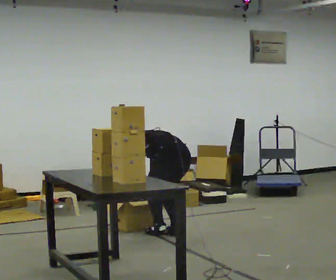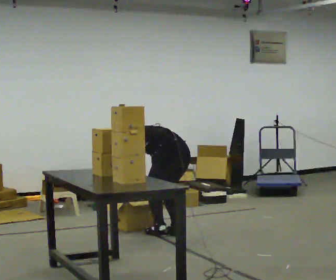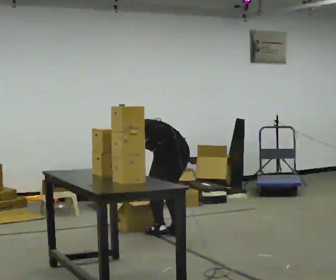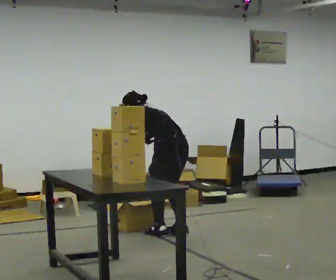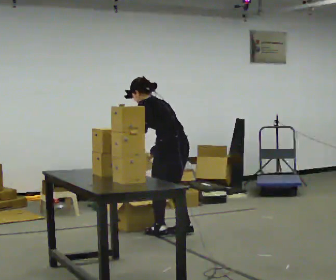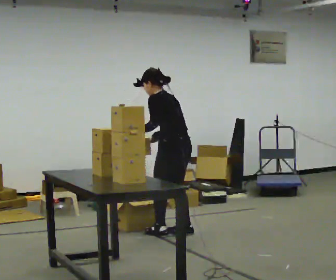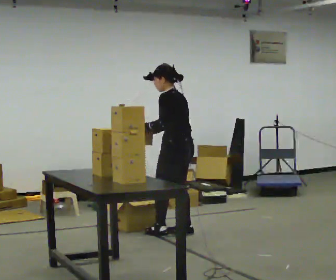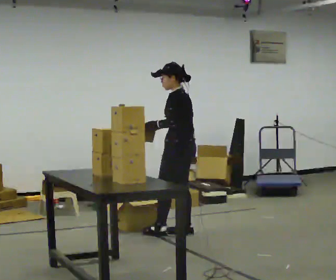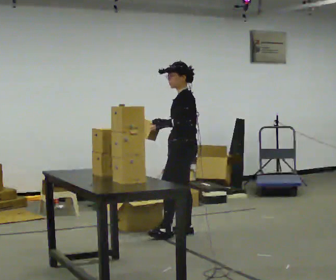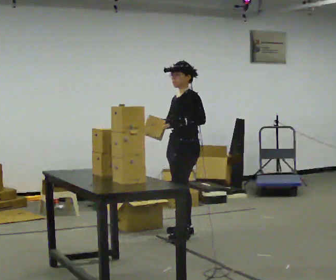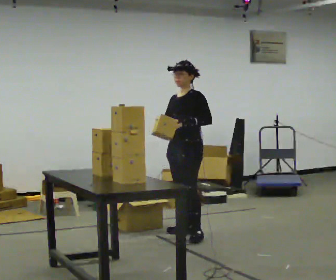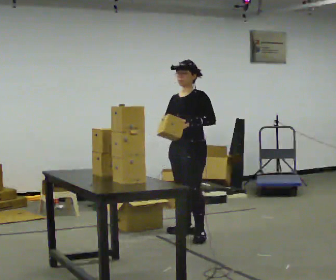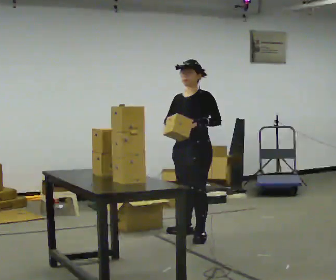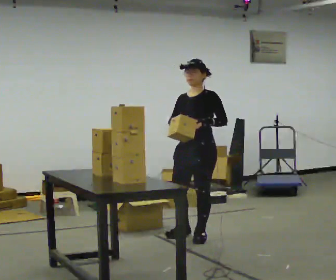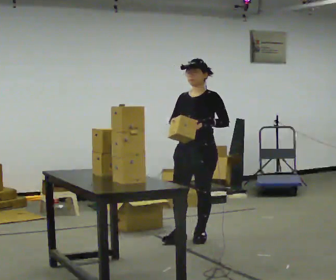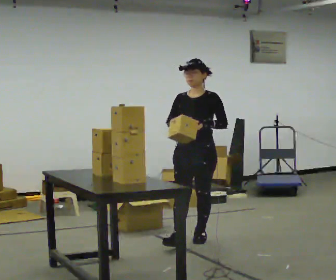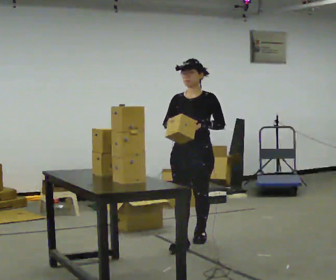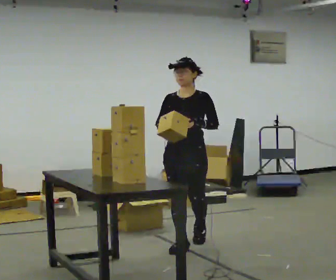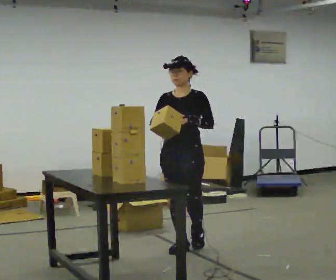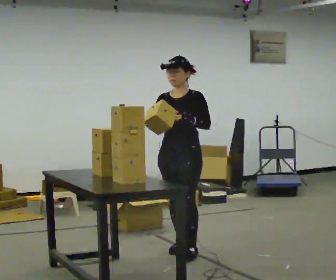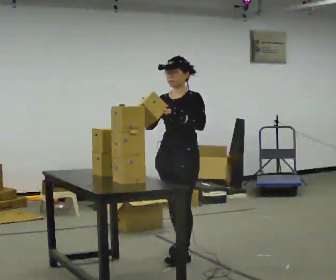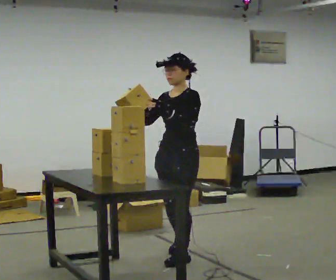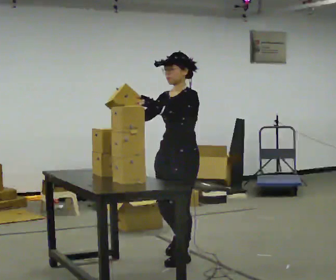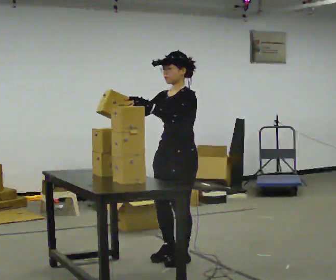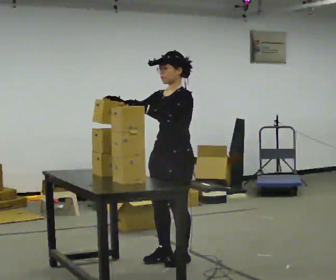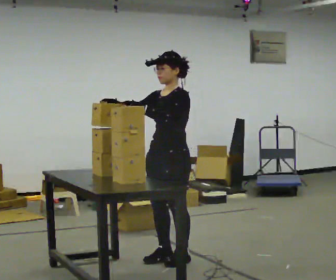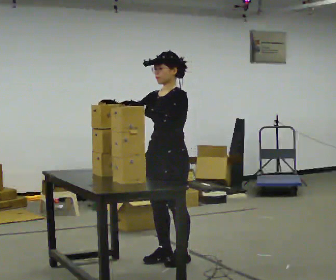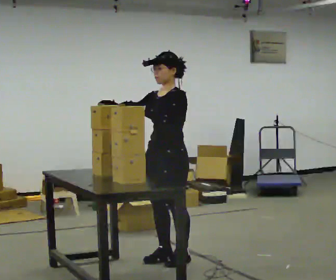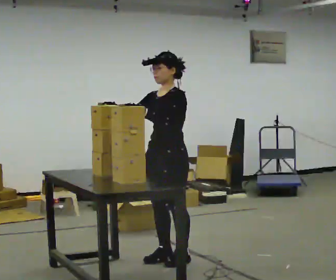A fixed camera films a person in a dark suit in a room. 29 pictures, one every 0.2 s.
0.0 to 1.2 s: The upper body goes upward. In the picture the upper body tilts clockwise, shoulders to the right, as they lean back or straighten.
1.2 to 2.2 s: Seen from above the body turns counterclockwise, about 75 degrees: to their left, with its near side sliding to the right.
2.2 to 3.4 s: The person turns about 45 degrees to their left, counterclockwise seen from above, so the part of the body nearest the lens slides to the right. In the picture they go toward the camera, about 0.5 m in 1 step, which for them is forward and to their left.
3.4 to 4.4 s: The part of the body nearest the lens slides to the left as the person turns to their right by about 45 degrees. In the picture they go toward the camera, about 0.5 m in 1 step, which for them is forward and to their left.
4.4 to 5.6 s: The person moves a little, or ends about where they began.
The film runs forward here.
